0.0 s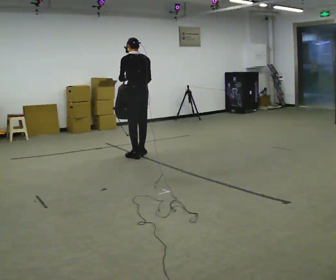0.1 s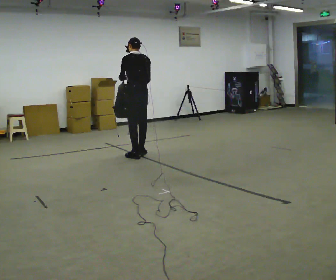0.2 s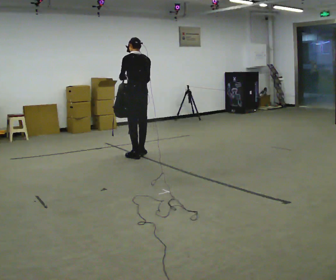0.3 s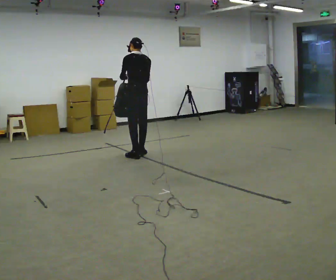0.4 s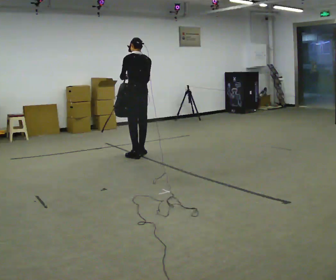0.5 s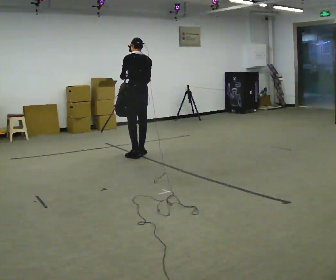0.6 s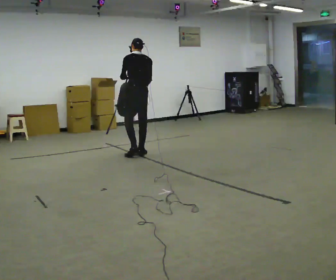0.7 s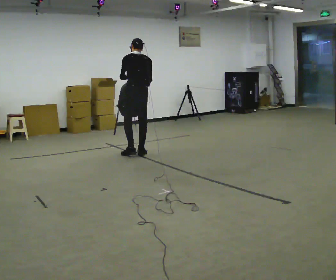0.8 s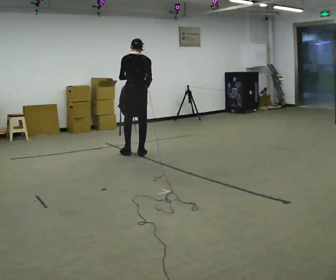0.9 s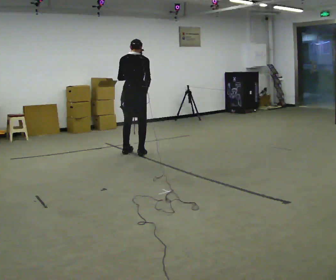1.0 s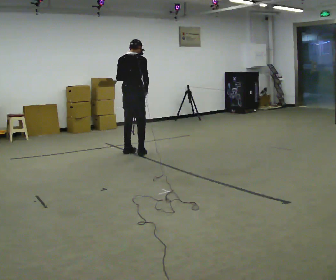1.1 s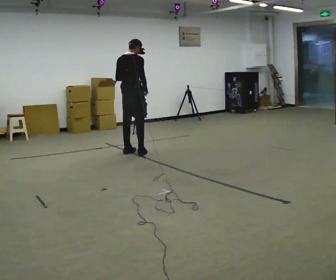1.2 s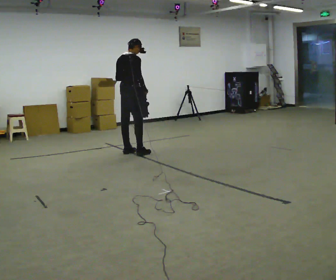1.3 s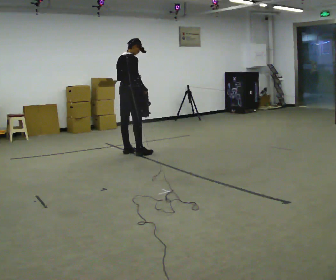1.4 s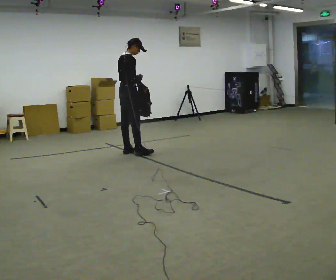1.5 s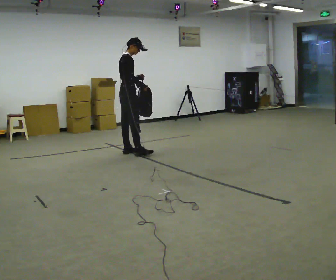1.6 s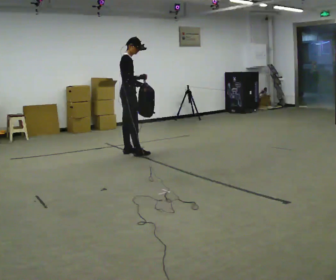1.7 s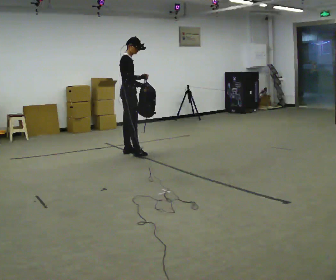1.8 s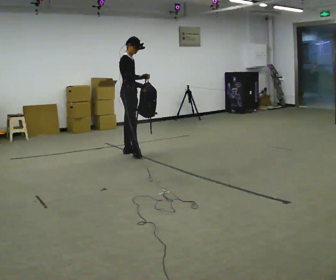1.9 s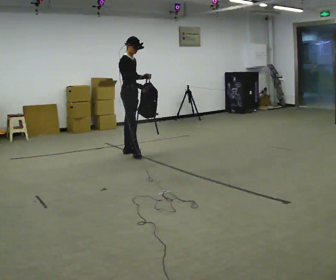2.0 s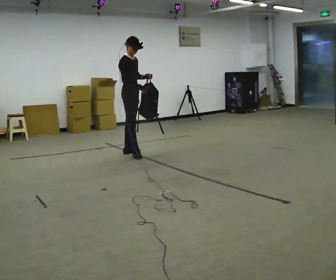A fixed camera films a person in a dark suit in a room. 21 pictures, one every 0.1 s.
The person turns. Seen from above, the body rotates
clockwise.
The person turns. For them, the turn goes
to their right.
0.0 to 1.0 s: The person turns about 30 degrees to their right, clockwise seen from above, so the part of the body nearest the lens slides to the left. In the picture they go away from the camera, about 0.25 m in 1 step, which for them is forward.
1.0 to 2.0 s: The part of the body nearest the lens slides to the left as the person turns to their right by about 90 degrees.
The film runs forward here.
